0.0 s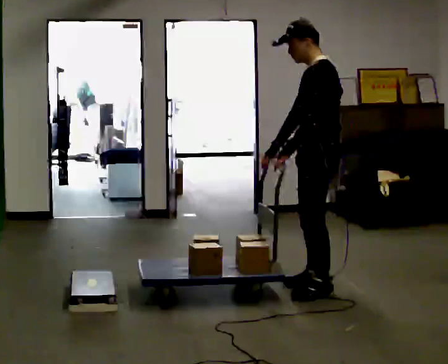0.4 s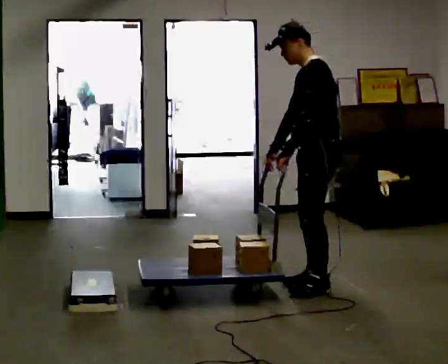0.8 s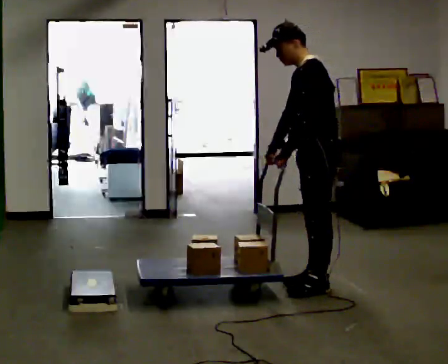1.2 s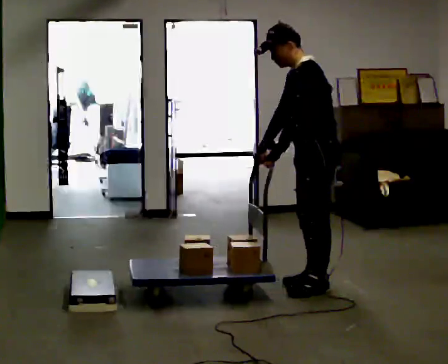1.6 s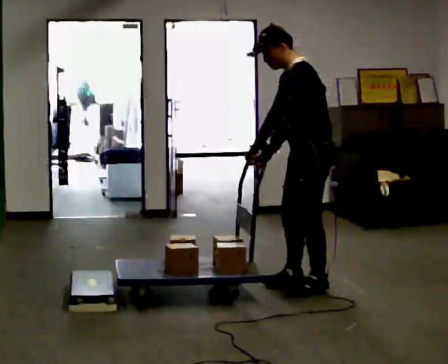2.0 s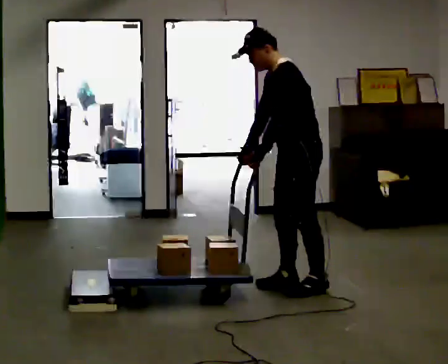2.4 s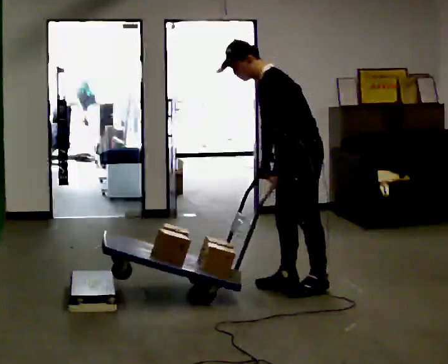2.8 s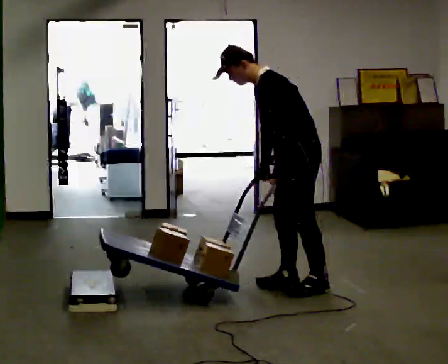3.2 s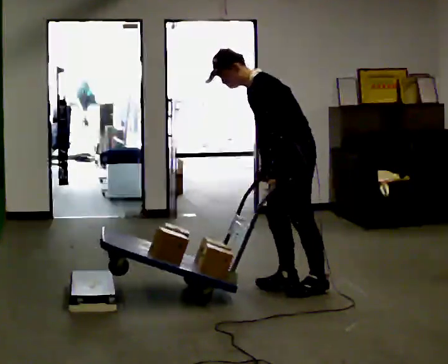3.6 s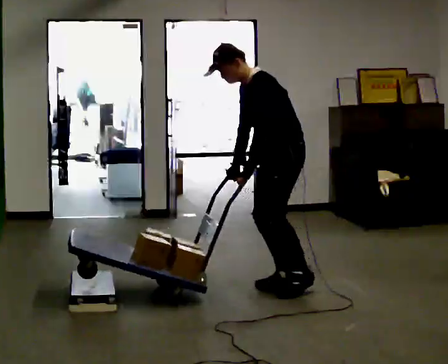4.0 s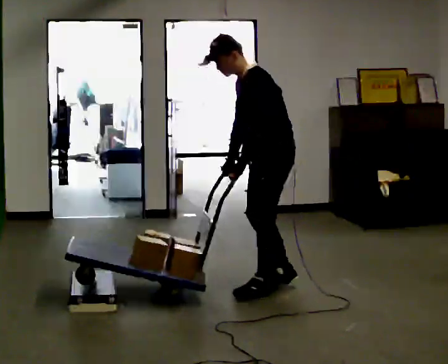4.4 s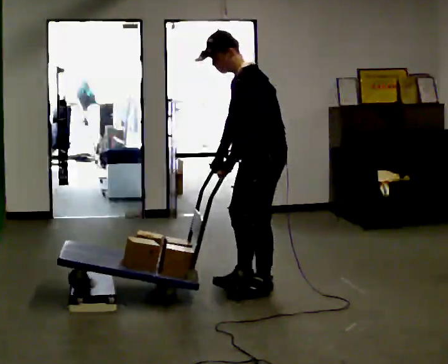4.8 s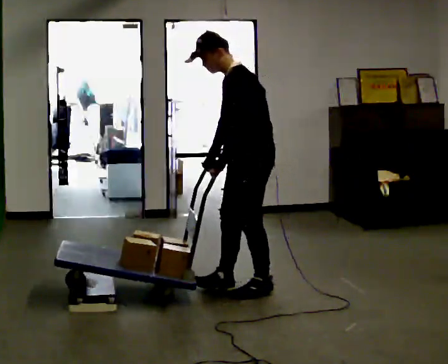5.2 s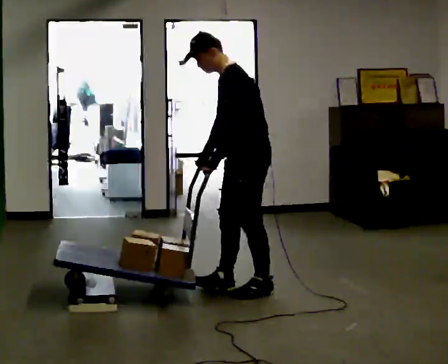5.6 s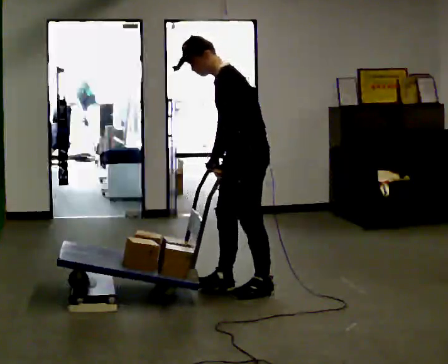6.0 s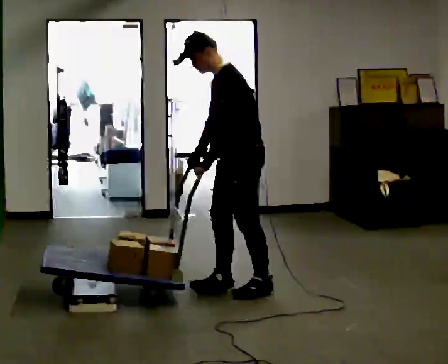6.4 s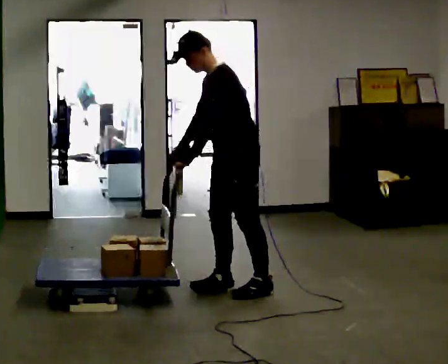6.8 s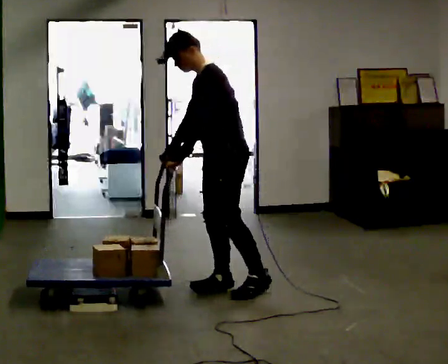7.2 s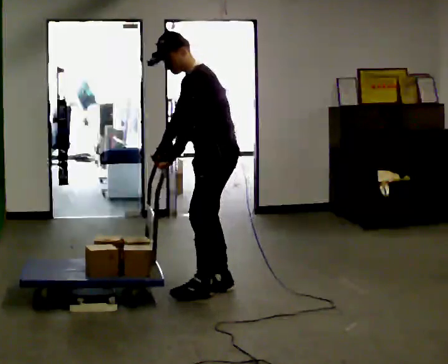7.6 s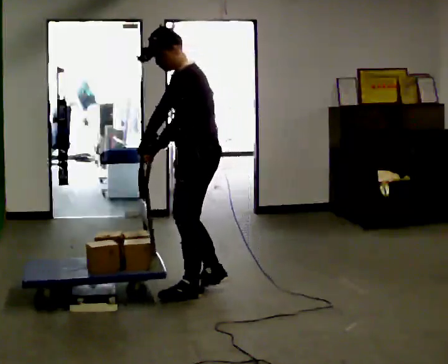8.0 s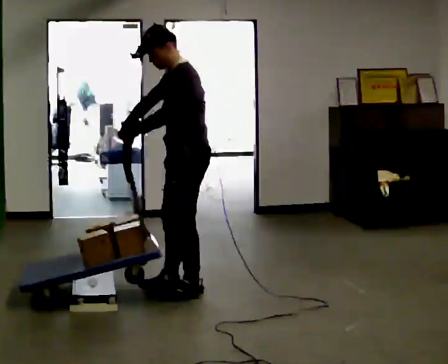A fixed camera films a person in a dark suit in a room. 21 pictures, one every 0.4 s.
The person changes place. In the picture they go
to the left.
0.0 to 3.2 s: In the picture they go to the left, about 0.25 m in 1 step, which for them is forward. In the picture the upper body tilts counterclockwise, shoulders to the left, as they bend forward.
3.2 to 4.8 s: In the picture they go to the left, about 0.25 m in 2 steps, which for them is forward. In the picture the upper body tilts clockwise, shoulders to the right, as they lean back or straighten.
4.8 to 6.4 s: The person moves a little, or ends about where they began.
6.4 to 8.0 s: In the picture they go to the left, about 0.25 m in 2 steps, which for them is forward.
The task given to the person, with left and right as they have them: Push the cart up over the low platform edge and down the other side, then bring it back over.
The film runs forward here.
